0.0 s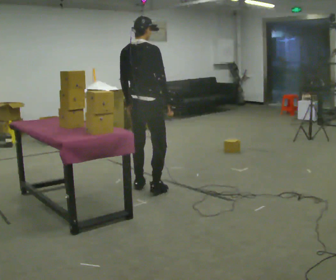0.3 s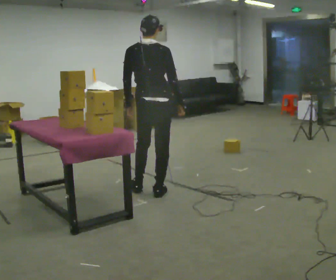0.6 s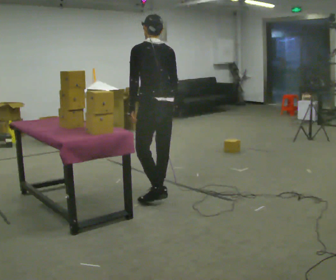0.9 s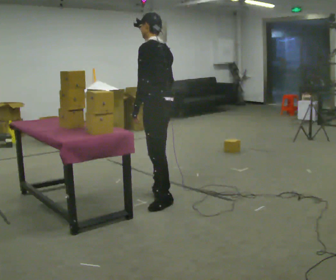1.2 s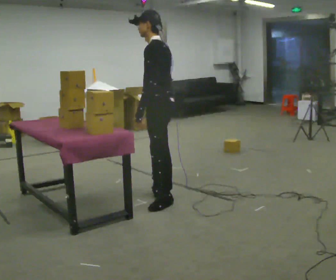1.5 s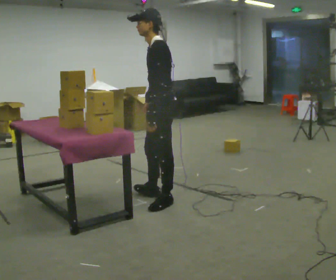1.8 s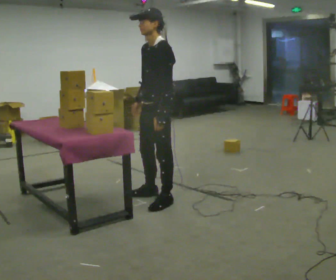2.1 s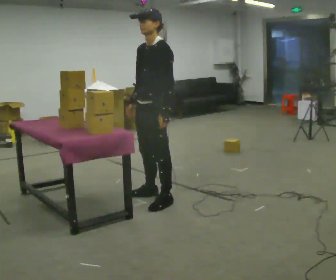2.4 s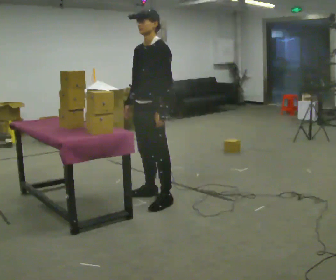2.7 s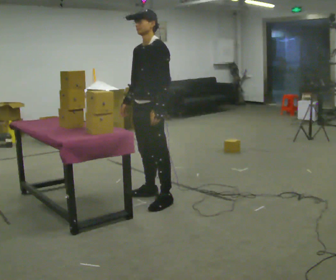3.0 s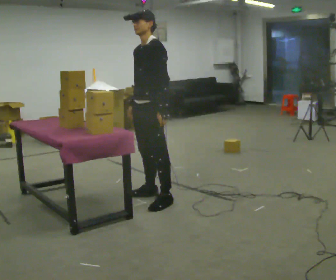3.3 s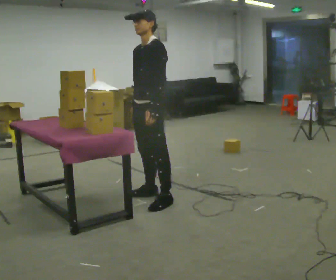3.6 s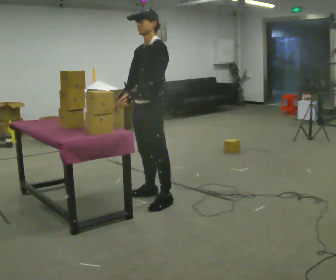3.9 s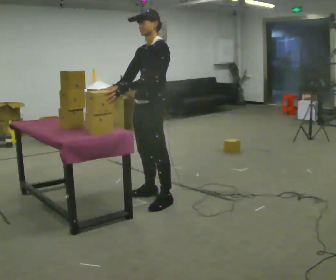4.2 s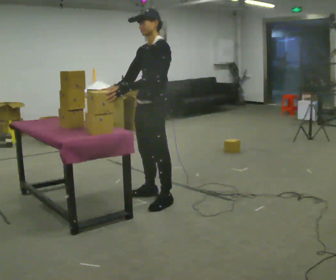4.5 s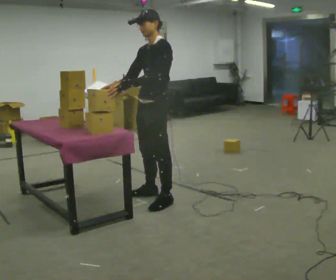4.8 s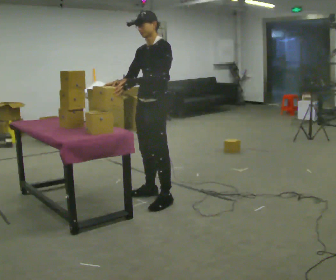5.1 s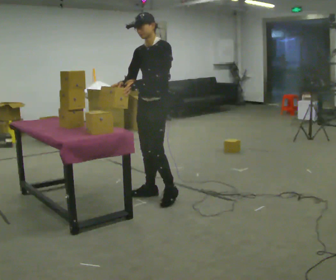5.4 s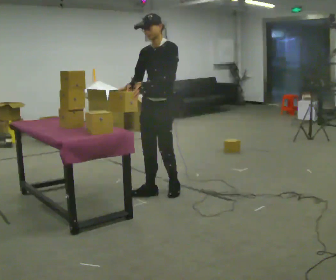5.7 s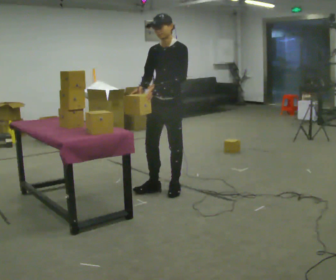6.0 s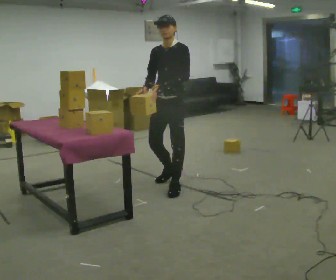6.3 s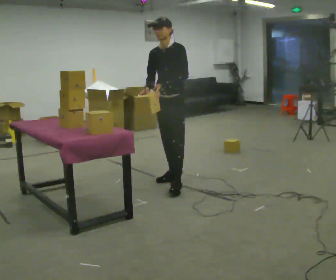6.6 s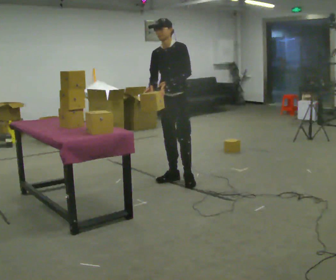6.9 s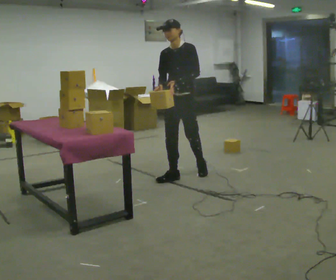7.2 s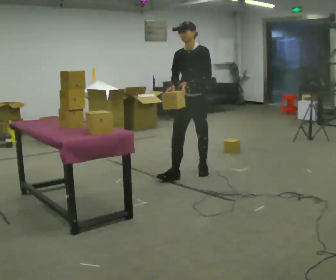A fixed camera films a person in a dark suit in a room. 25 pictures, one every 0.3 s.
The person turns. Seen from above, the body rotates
counterclockwise.
The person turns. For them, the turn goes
to their left.
0.0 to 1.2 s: Seen from above the body turns counterclockwise, about 105 degrees: to their left, with its near side sliding to the right. In the picture they go toward the camera and to the right, about 0.5 m in 1 step.
1.2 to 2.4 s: Seen from above the body turns counterclockwise, about 60 degrees: to their left, with its near side sliding to the right. In the picture their right hand goes to the left.
2.4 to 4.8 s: The person moves a little, or ends about where they began.
4.8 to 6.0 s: In the picture they go away from the camera and to the right, about 0.25 m in 2 steps, which for them is backward.
6.0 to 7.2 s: In the picture they go away from the camera and to the right, about 0.5 m in 1 step, which for them is backward.
The film runs backward here.
